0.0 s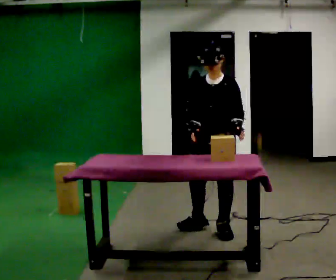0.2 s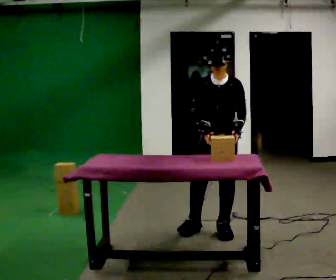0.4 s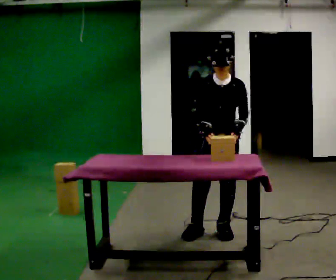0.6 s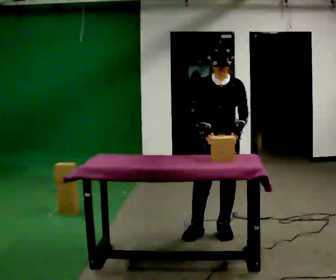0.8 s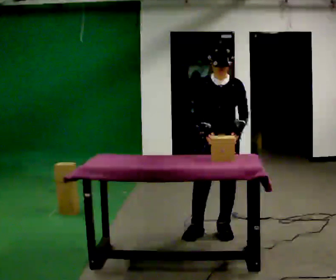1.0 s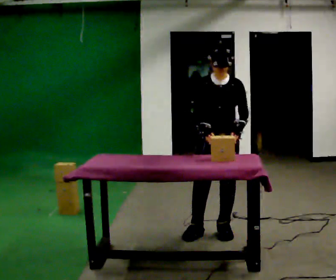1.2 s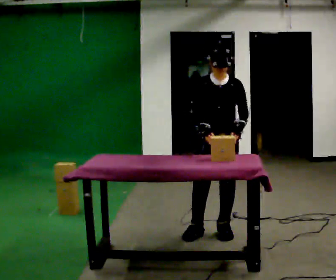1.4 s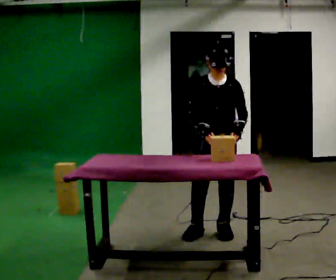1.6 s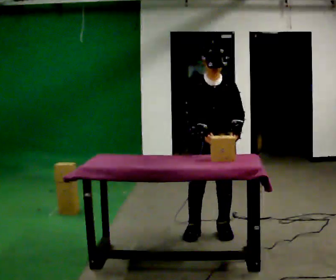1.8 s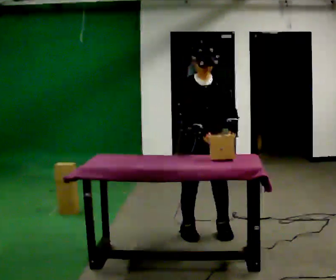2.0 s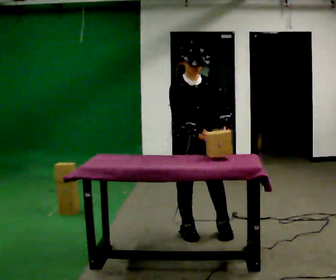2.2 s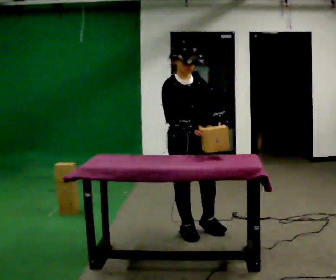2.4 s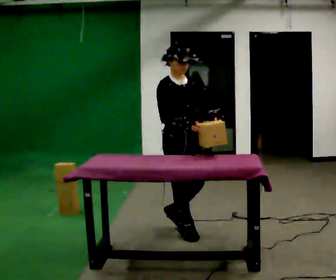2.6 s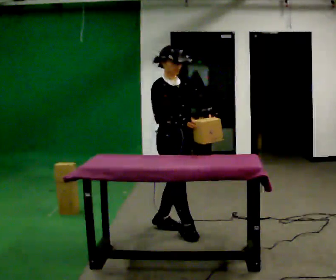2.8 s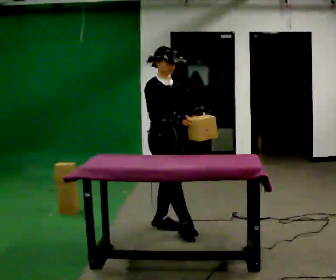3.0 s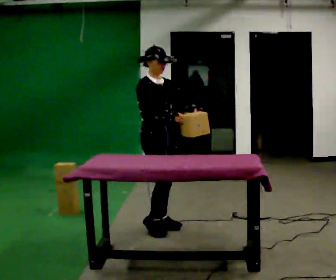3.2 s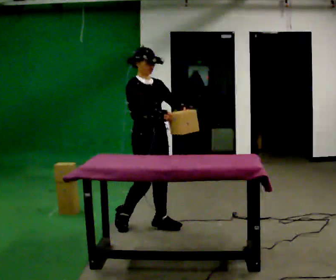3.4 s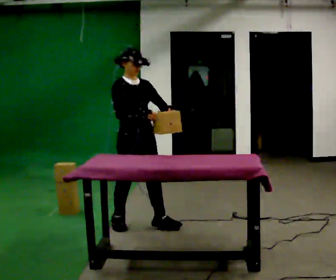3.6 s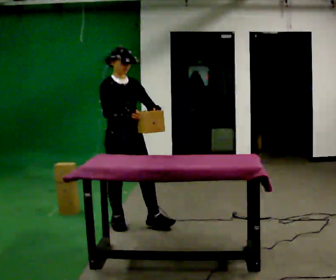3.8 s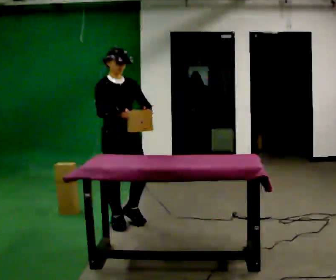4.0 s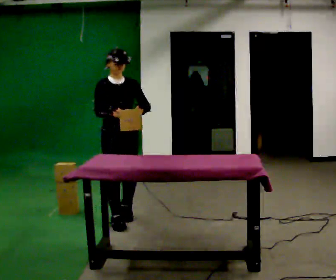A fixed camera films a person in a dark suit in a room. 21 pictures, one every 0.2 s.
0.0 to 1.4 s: The person moves a little, or ends about where they began.
1.4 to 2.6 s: The person turns about 45 degrees to their left, counterclockwise seen from above, so the part of the body nearest the lens slides to the right. In the picture they go to the left, about 0.25 m in 1 step, which for them is to their right and backward.
2.6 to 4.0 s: In the picture they go to the left and away from the camera, about 0.5 m in 2 steps, which for them is backward.
The film runs backward here.
